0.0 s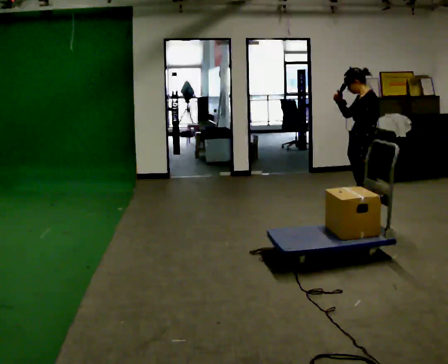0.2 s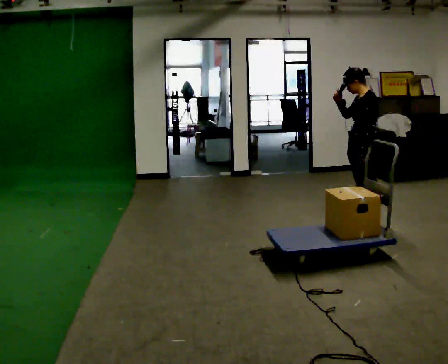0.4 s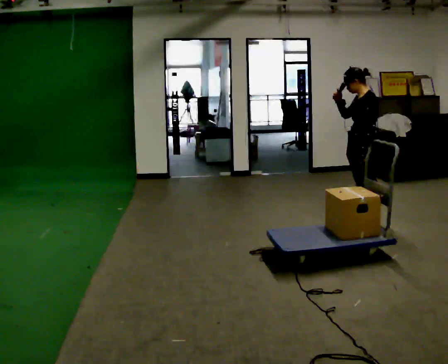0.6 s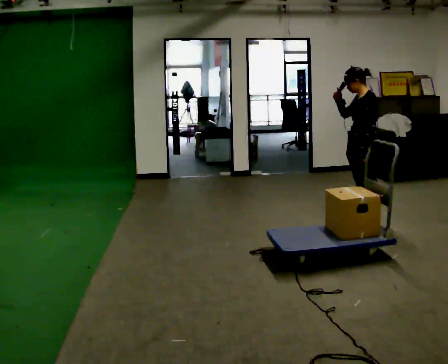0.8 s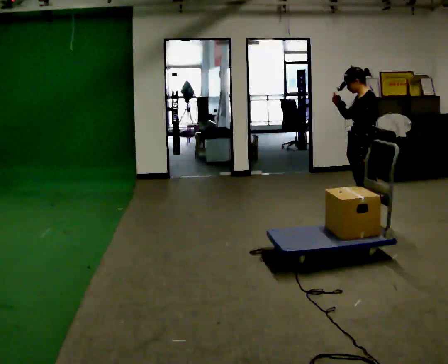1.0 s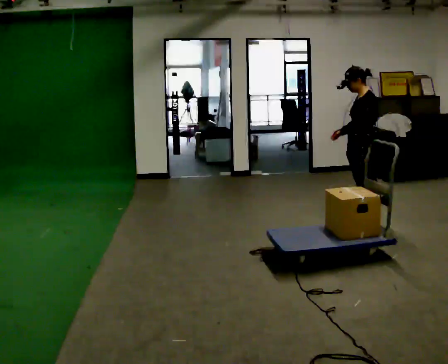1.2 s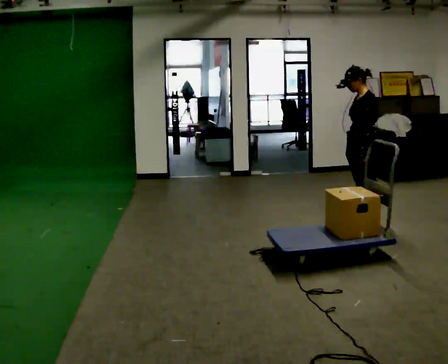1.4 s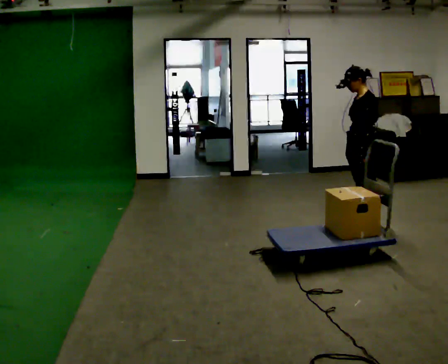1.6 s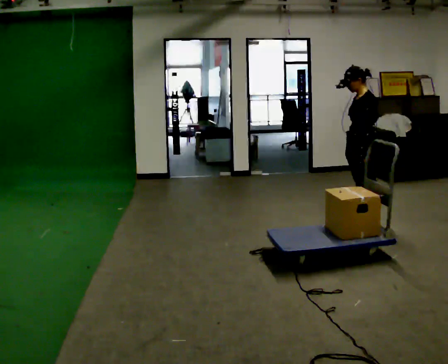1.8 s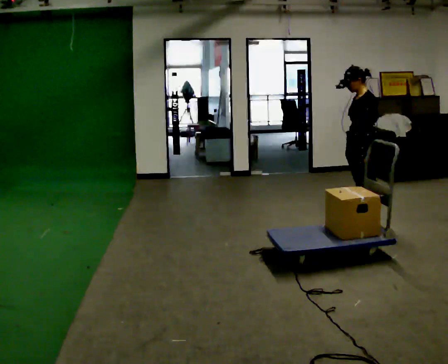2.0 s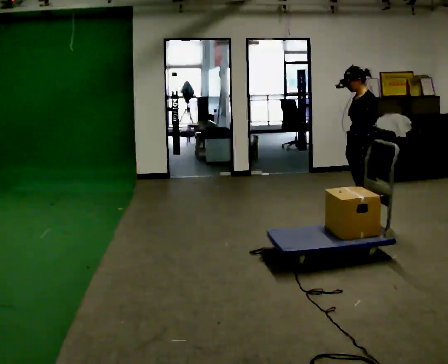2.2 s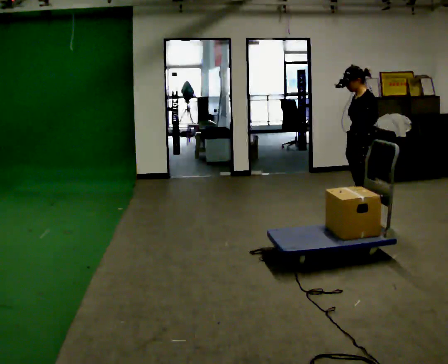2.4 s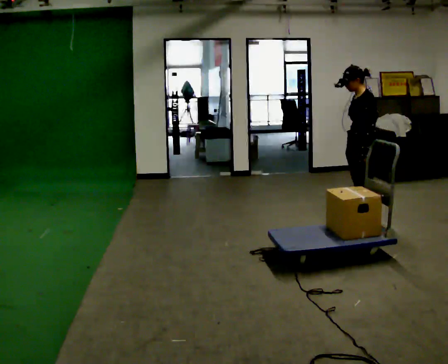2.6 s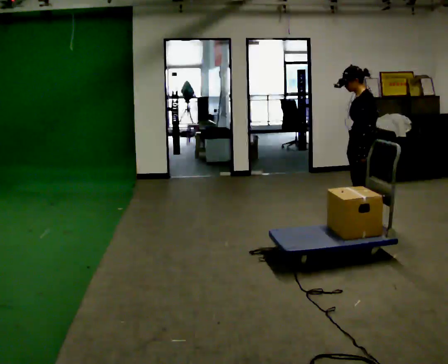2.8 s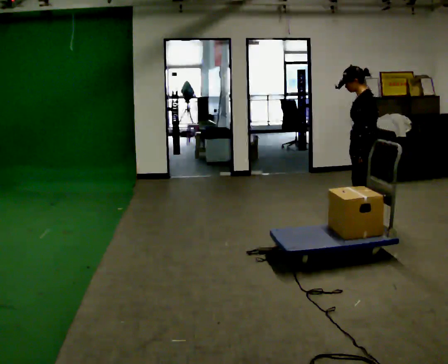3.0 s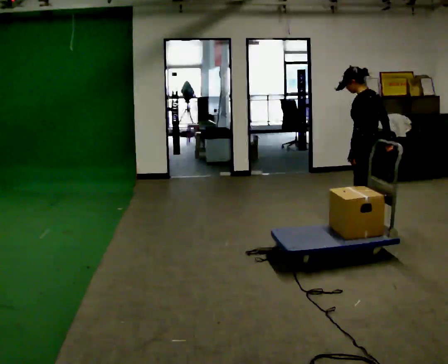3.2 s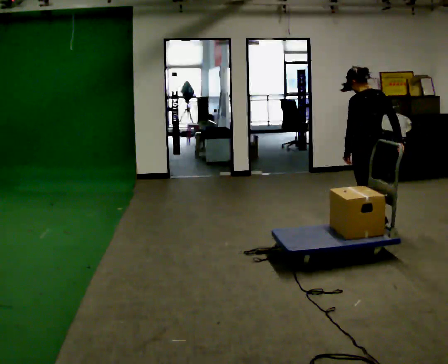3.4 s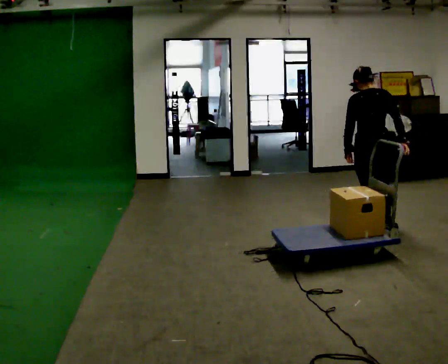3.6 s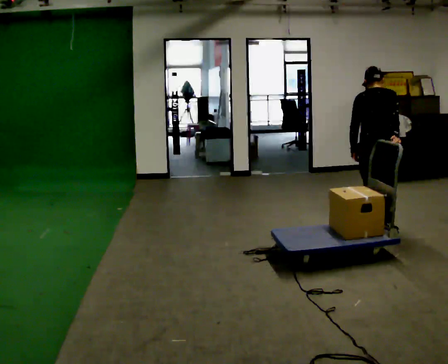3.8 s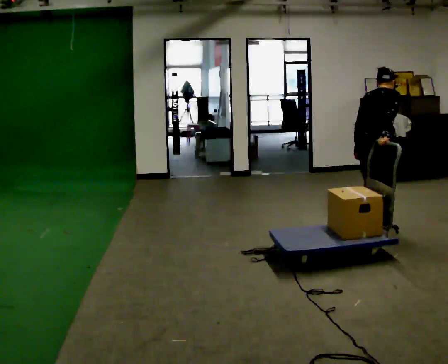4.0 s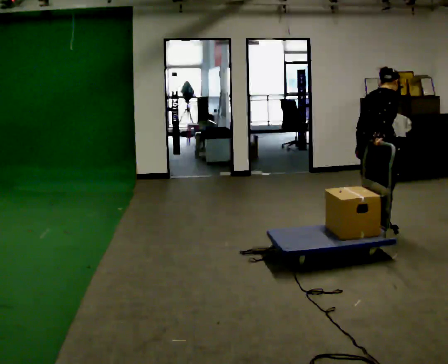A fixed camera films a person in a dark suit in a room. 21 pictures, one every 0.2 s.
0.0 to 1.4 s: In the picture their right hand goes downward.
1.4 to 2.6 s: The person moves a little, or ends about where they began.
2.6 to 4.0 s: Seen from above the body turns clockwise, about 150 degrees: to their right, with its near side sliding to the left. In the picture they go toward the camera, about 0.25 m in 2 steps.
The film runs backward here.
